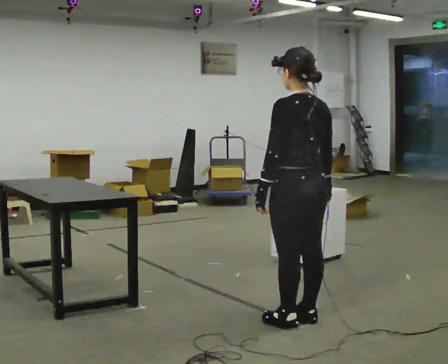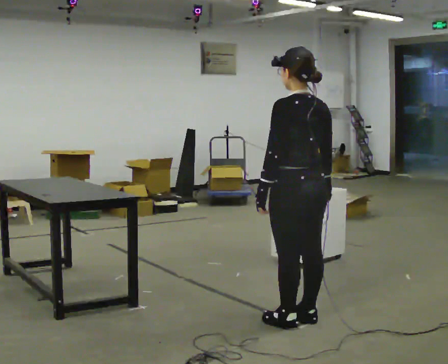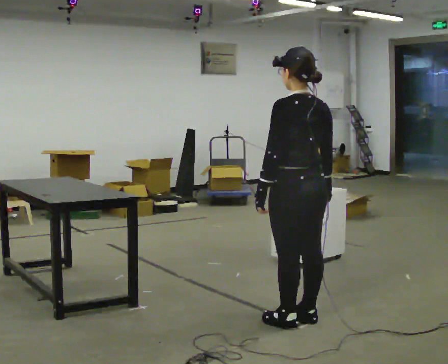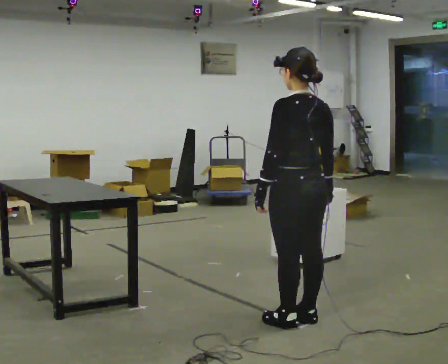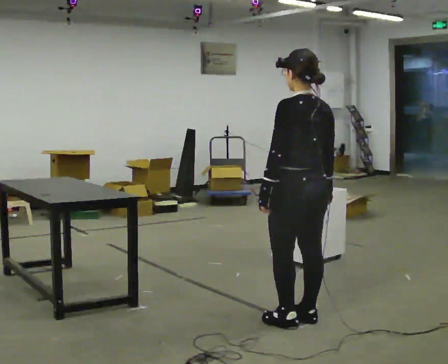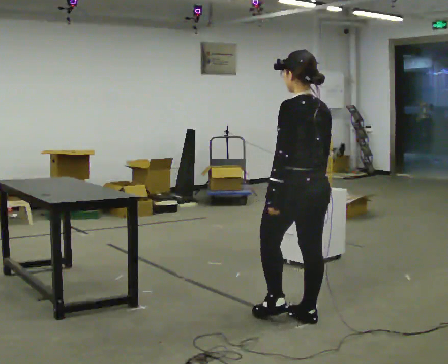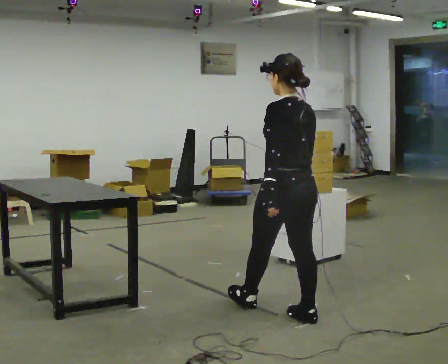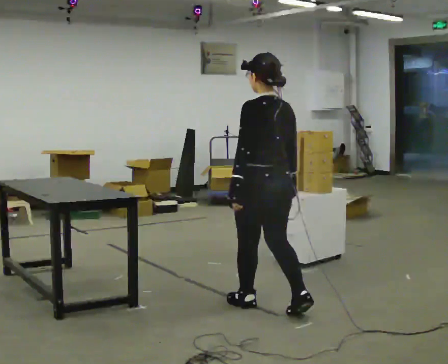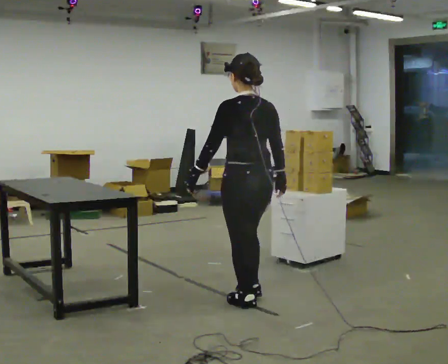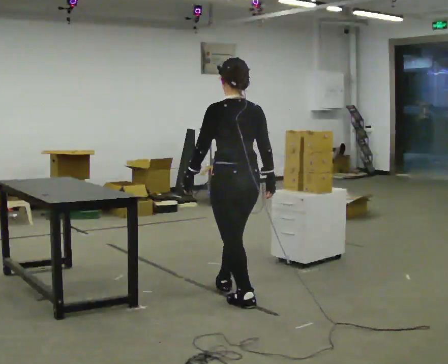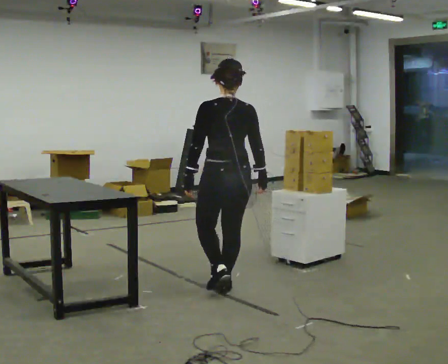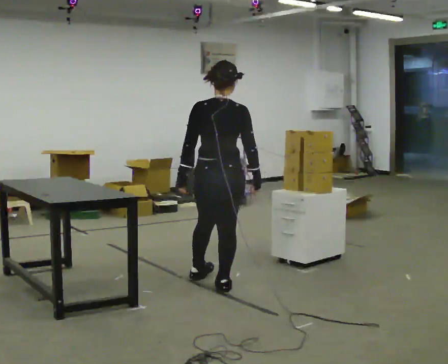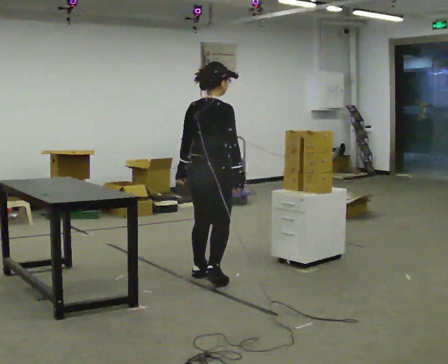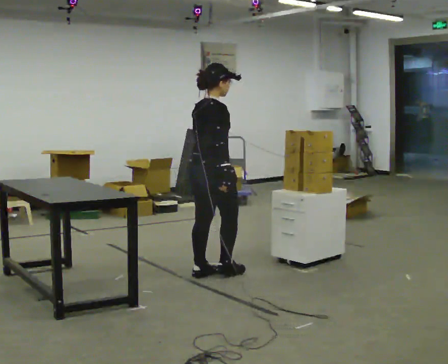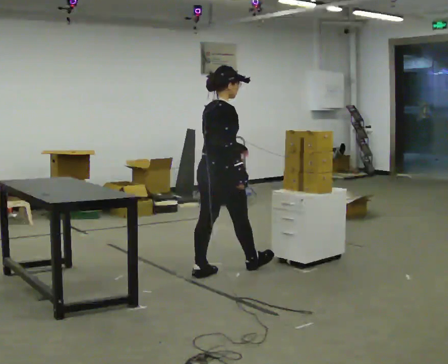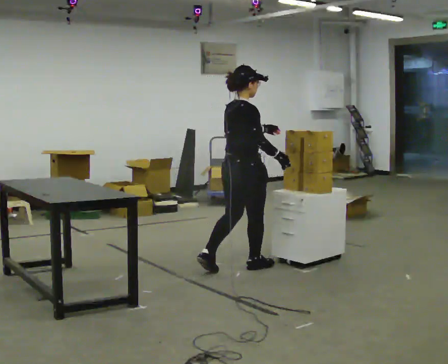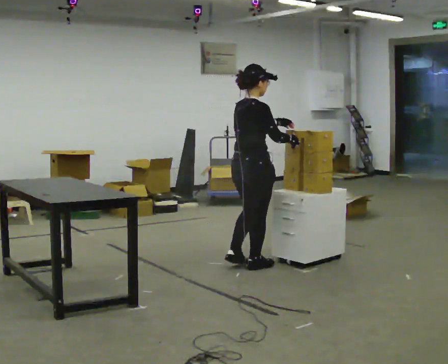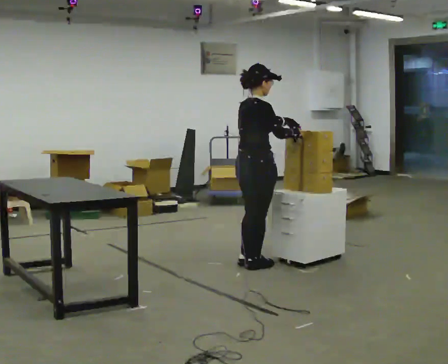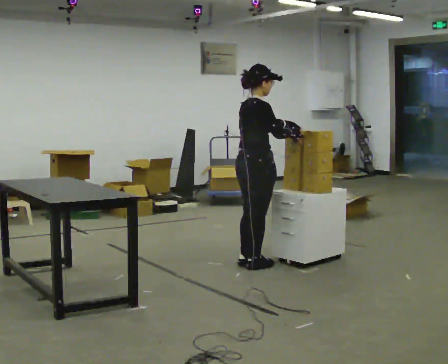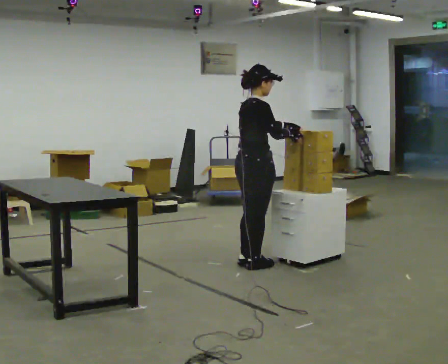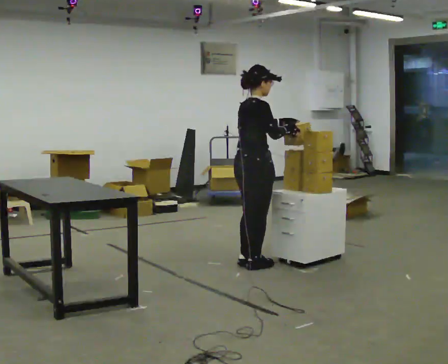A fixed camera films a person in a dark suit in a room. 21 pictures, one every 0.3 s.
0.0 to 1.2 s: The person moves a little, or ends about where they began.
1.2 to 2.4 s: In the picture they go away from the camera and to the left, about 0.5 m in 1 step, which for them is forward.
2.4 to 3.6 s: The part of the body nearest the lens slides to the left as the person turns to their right by about 75 degrees. In the picture they go away from the camera and to the left, about 0.75 m in 2 steps.
3.6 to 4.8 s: In the picture they go to the right and away from the camera, about 0.5 m in 1 step, which for them is forward. In the picture their left hand goes upward.
4.8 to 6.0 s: The person moves a little, or ends about where they began.
The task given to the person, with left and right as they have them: 1. Move all 12 boxes from the shelf at one end of the room to the shelf at the other end. 2. The cart is not available today, so carry them. 3. Tell the operator when you are finished.
The film runs forward here.
